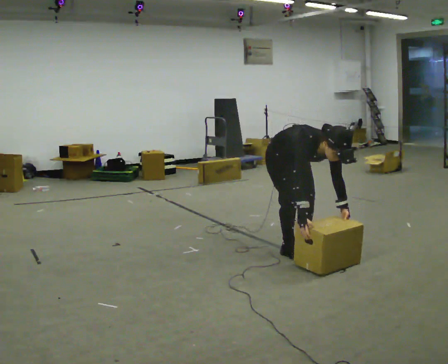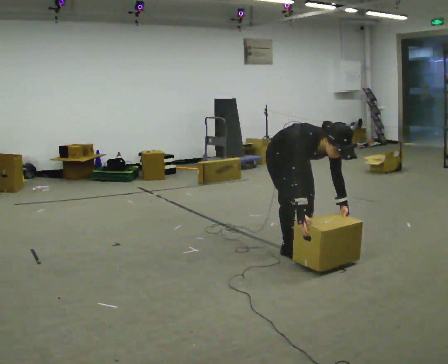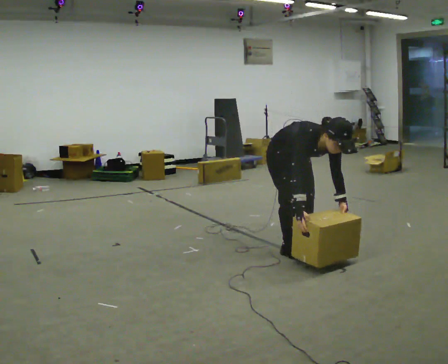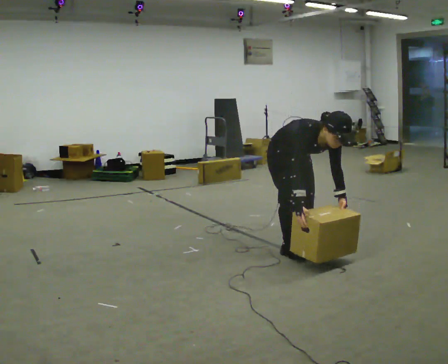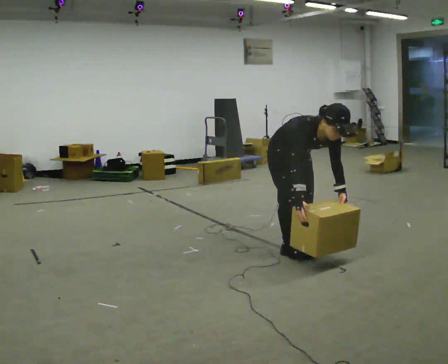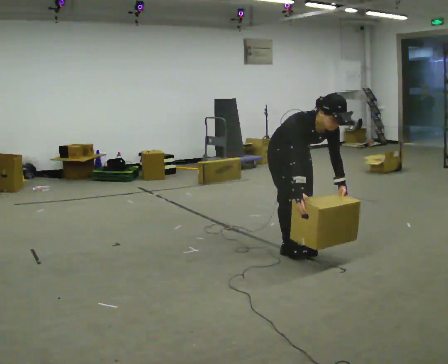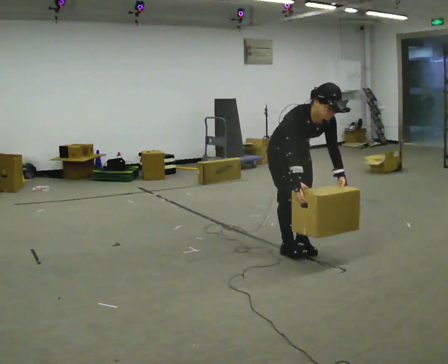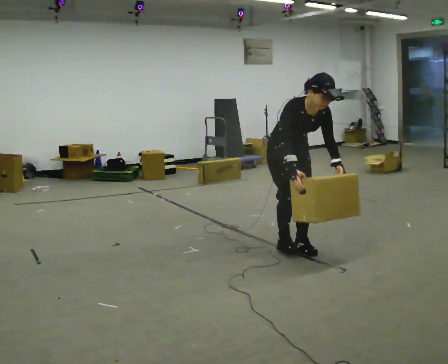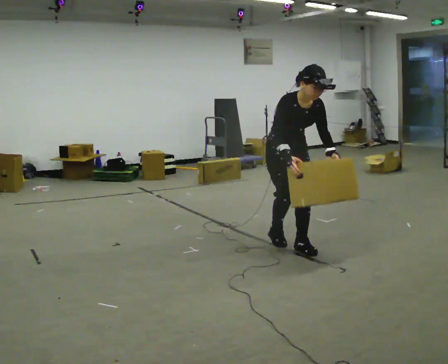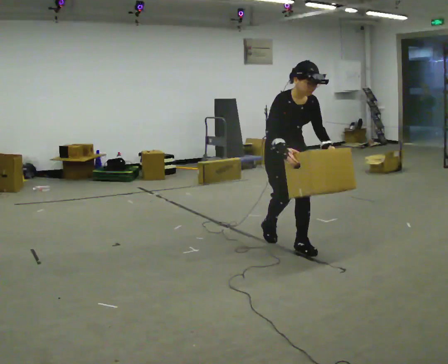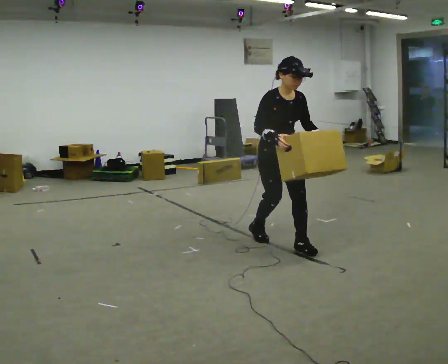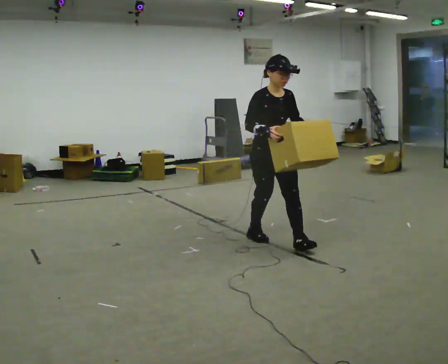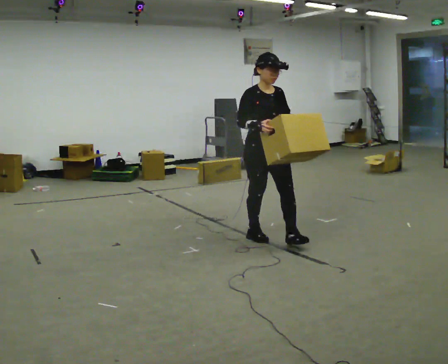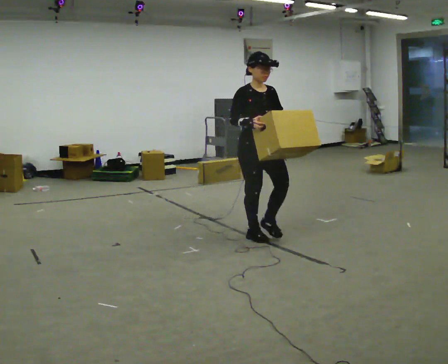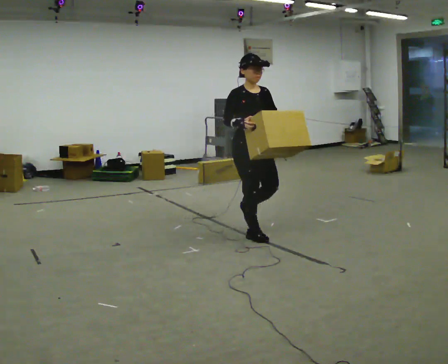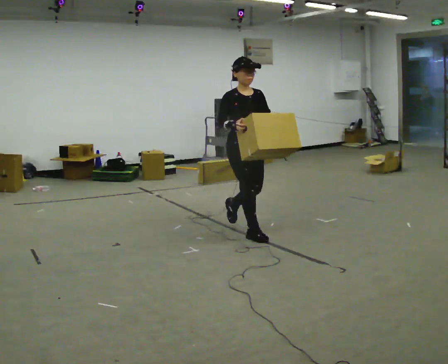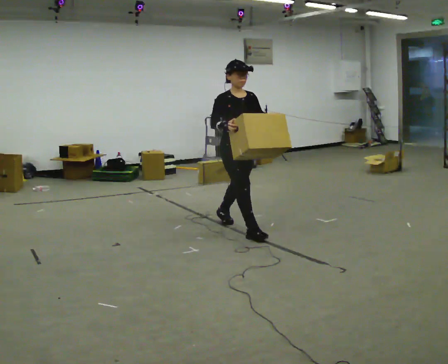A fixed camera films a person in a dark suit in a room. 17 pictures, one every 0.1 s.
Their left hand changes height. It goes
upward.
Their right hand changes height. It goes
upward.
0.0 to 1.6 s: In the picture they go to the left and away from the camera, about 0.5 m in 3 steps, which for them is backward. The shoulders move upward. The upper body tips away from the camera, its near side rolling upward, as they lean back or straighten. In the picture their left hand goes upward.
The film runs backward here.
